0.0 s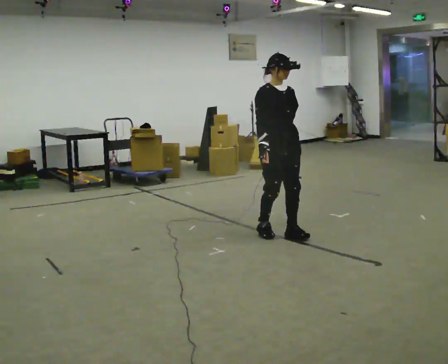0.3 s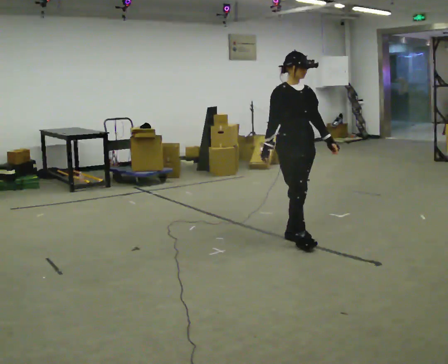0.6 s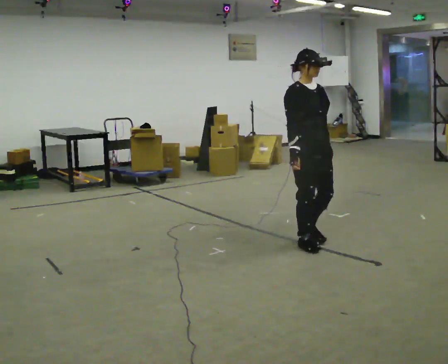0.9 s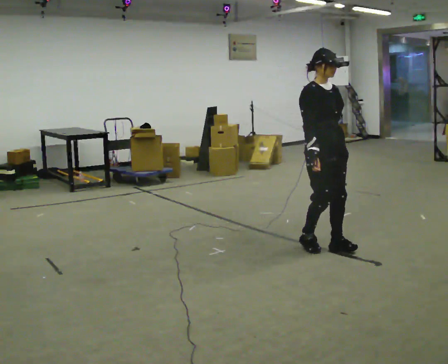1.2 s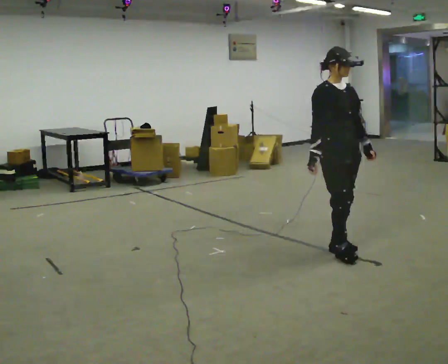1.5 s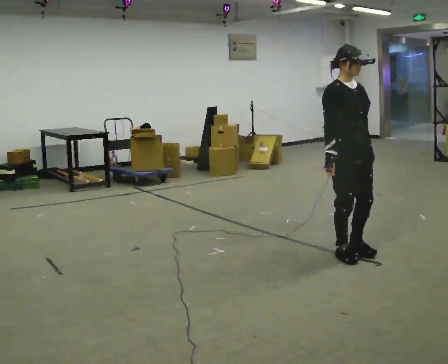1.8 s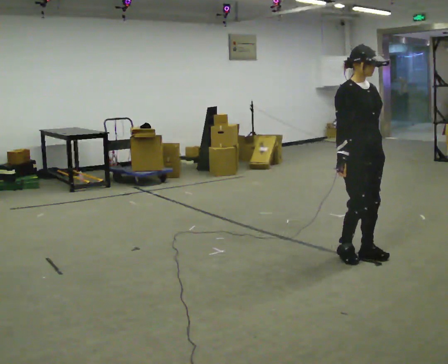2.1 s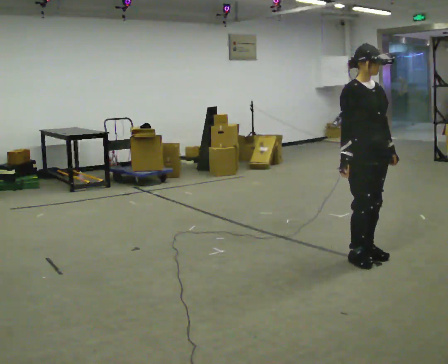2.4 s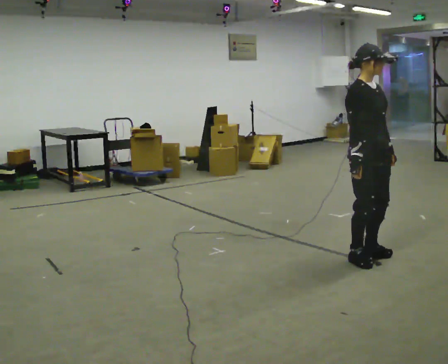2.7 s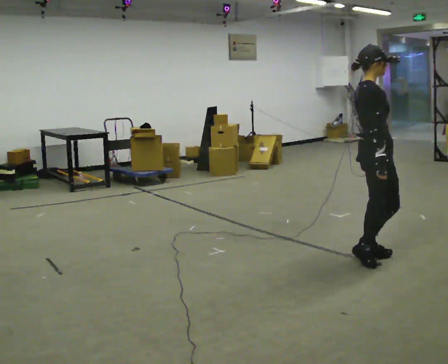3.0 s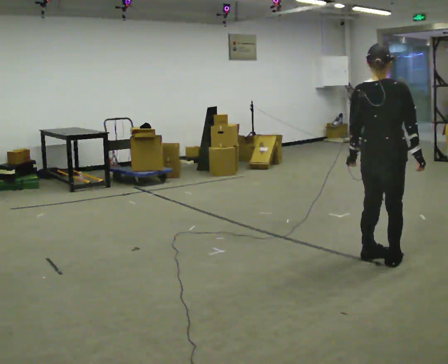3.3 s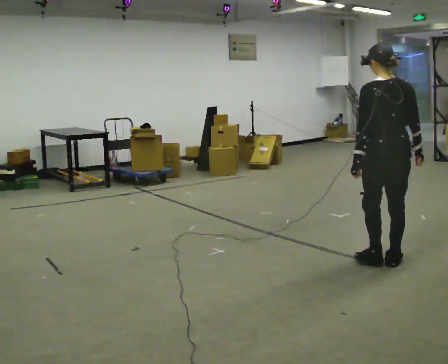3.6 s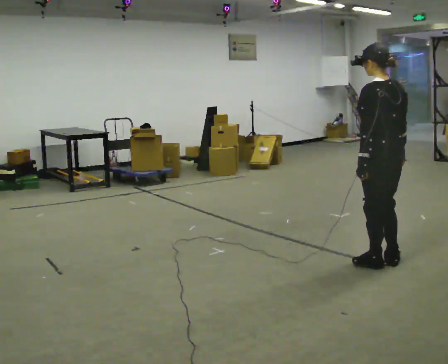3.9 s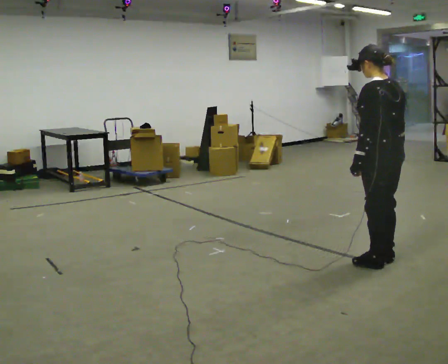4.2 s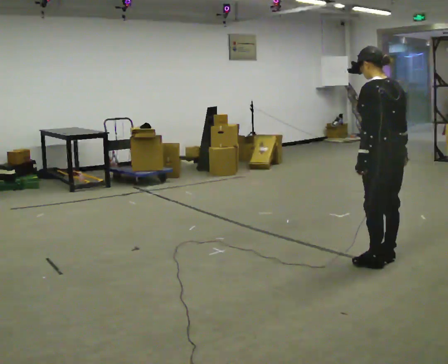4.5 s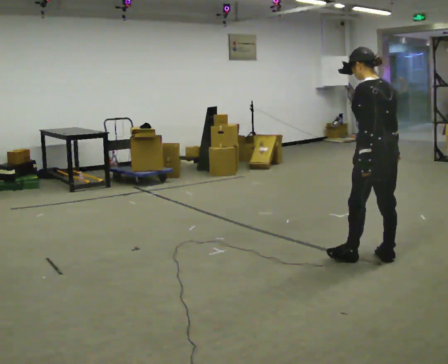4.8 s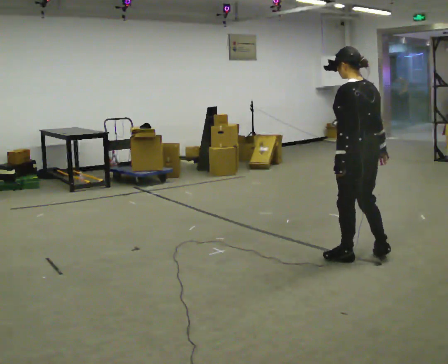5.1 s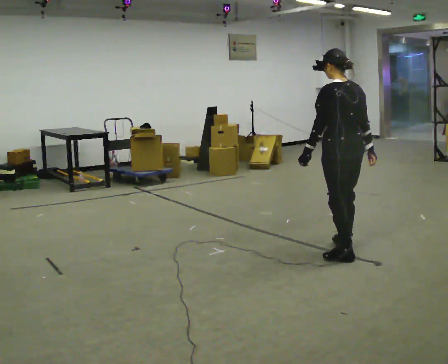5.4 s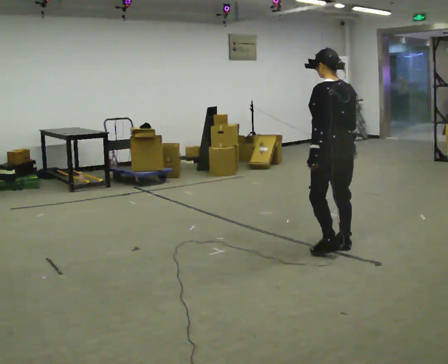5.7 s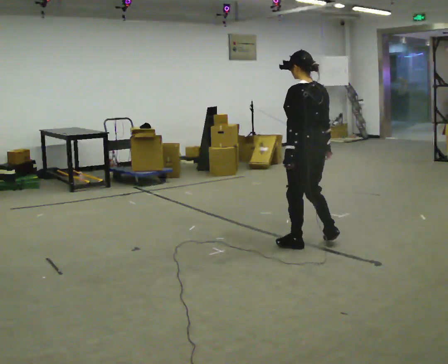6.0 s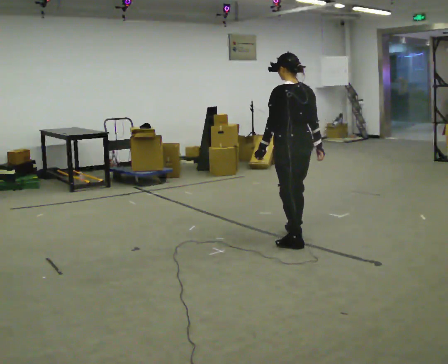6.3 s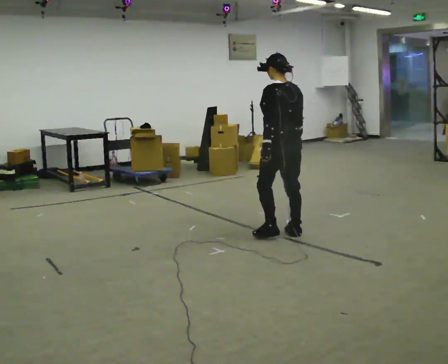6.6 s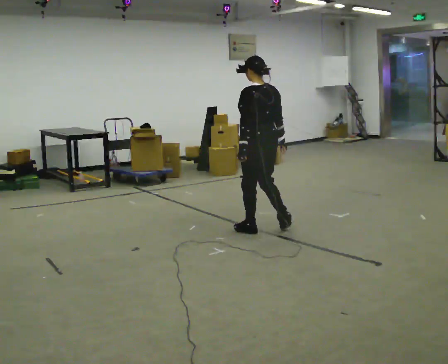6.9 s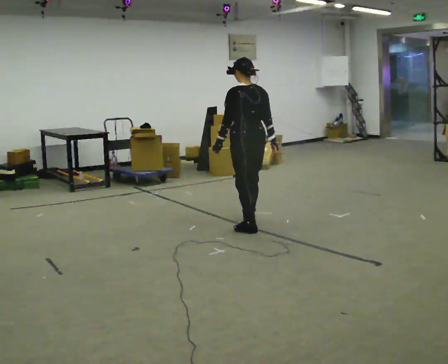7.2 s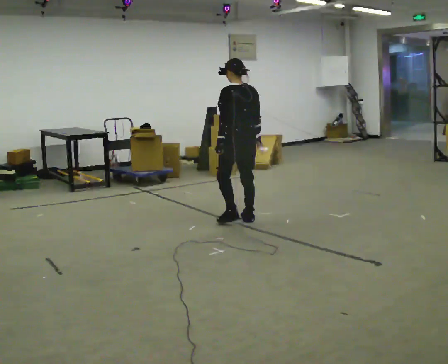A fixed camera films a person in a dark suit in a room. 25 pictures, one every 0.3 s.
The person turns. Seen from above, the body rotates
counterclockwise.
The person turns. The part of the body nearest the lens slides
to the right.
0.0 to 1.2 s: In the picture they go to the right and toward the camera, about 0.75 m in 3 steps, which for them is forward.
1.2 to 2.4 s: In the picture they go to the right, about 0.25 m in 1 step, which for them is forward.
2.4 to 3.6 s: The part of the body nearest the lens slides to the right as the person turns to their left by about 165 degrees. In the picture they go to the right, about 0.25 m in 2 steps.
3.6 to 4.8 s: In the picture they go to the left, about 0.25 m in 1 step, which for them is forward.
4.8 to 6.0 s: In the picture they go to the left and away from the camera, about 0.75 m in 3 steps, which for them is forward.
6.0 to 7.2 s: In the picture they go to the left and away from the camera, about 1 m in 2 steps, which for them is forward.
The film runs forward here.
